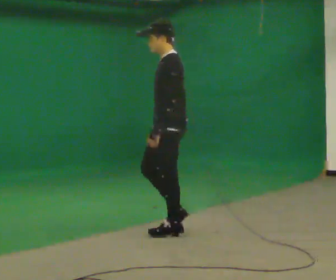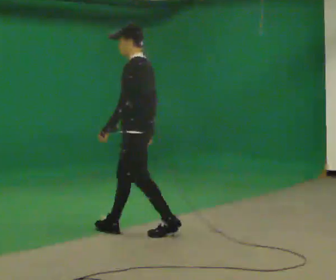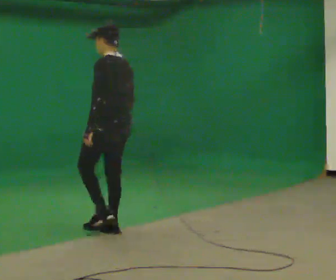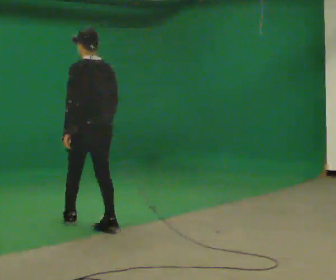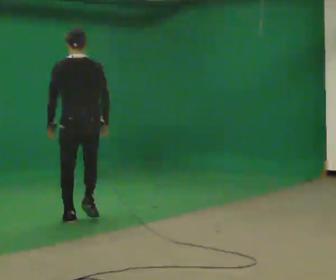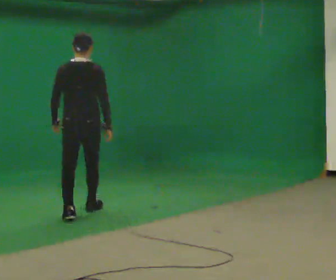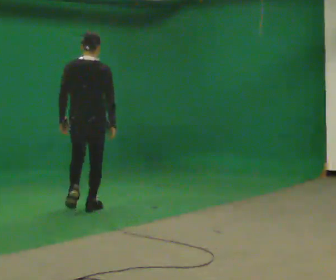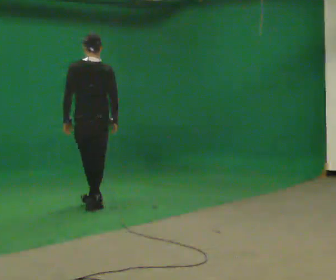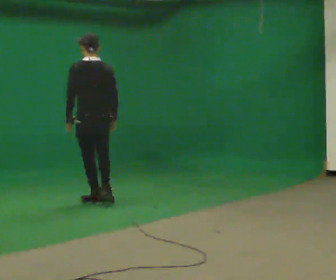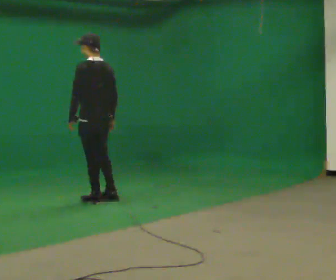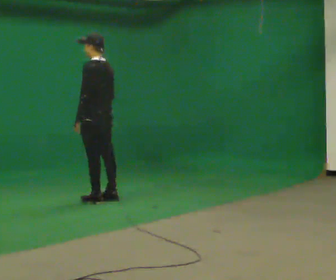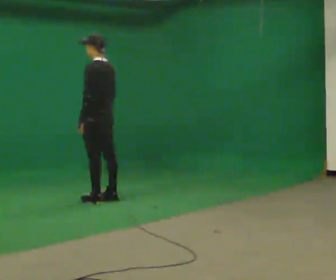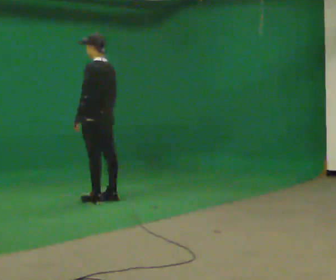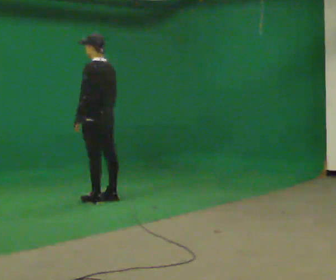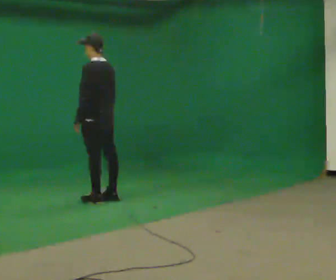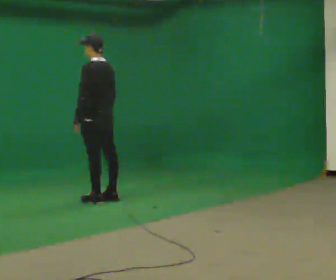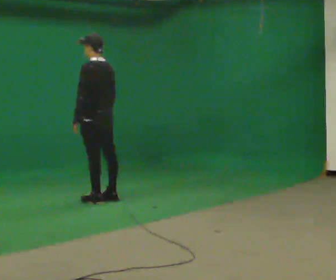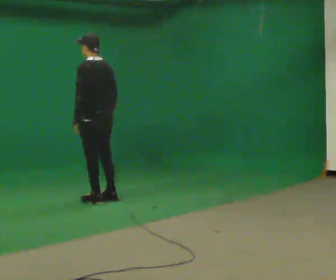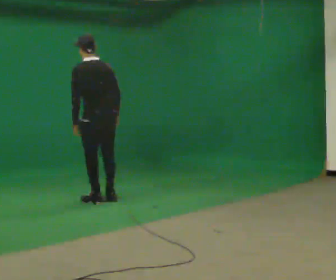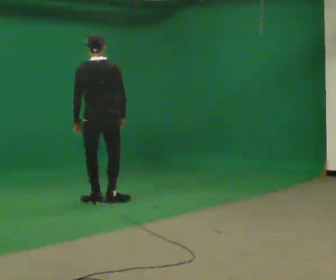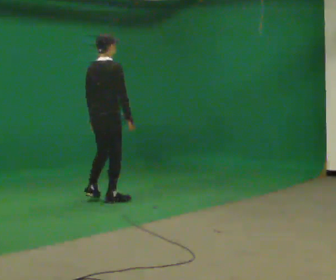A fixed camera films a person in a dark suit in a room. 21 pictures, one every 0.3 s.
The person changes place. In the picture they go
away from the camera.
The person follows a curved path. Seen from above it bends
clockwise.
0.0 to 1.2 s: The part of the body nearest the lens slides to the left as the person turns to their right by about 75 degrees. In the picture they go to the left and away from the camera, about 1 m in 2 steps.
1.2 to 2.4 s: In the picture they go away from the camera, about 1 m in 2 steps, which for them is forward.
2.4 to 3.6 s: The part of the body nearest the lens slides to the right as the person turns to their left by about 30 degrees. In the picture they go away from the camera, about 0.25 m in 1 step, which for them is to their right.
3.6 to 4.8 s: The person moves a little, or ends about where they began.
4.8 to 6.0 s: The part of the body nearest the lens slides to the left as the person turns to their right by about 105 degrees.
The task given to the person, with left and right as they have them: Walk forward; gradually curve left/right; straighten out.
The film runs forward here.
